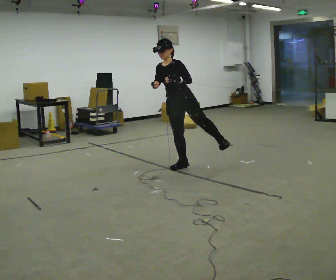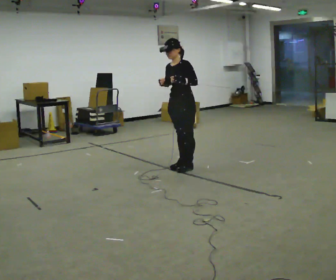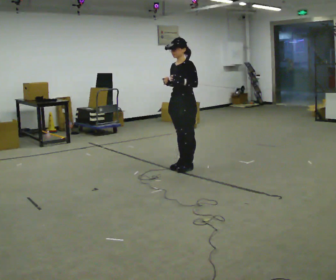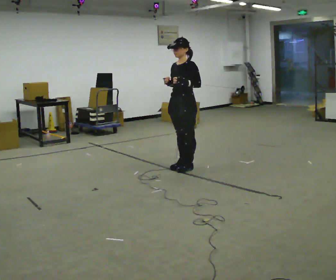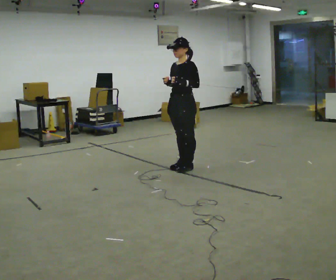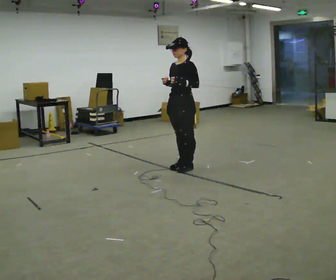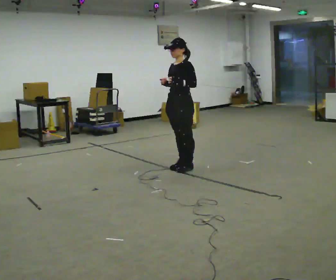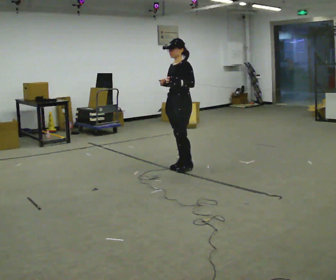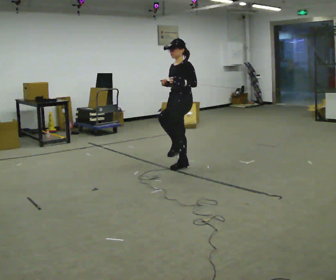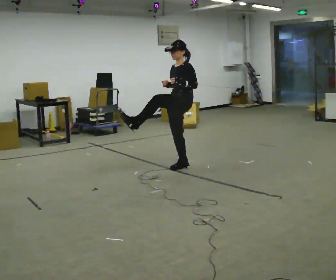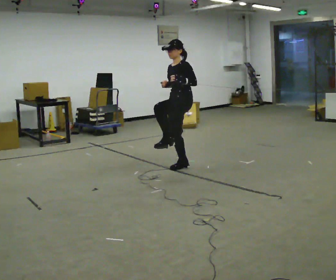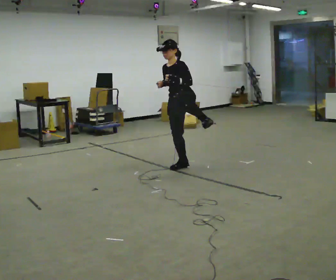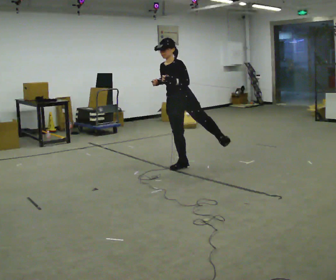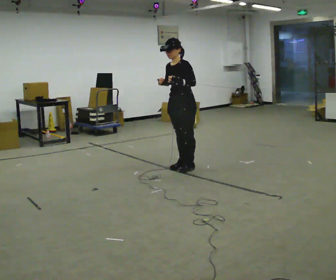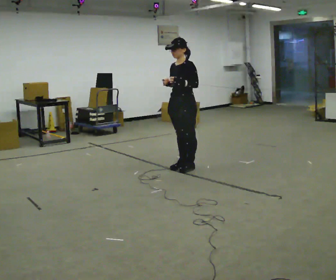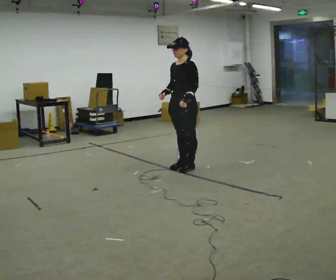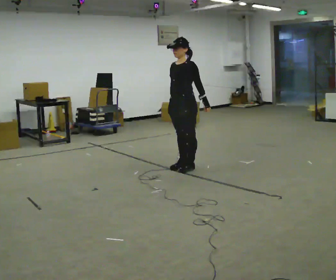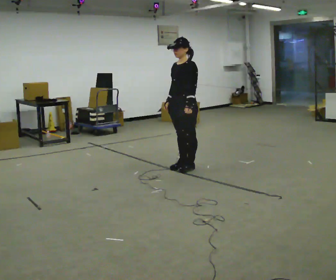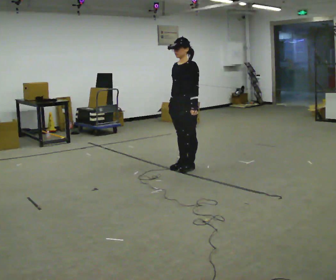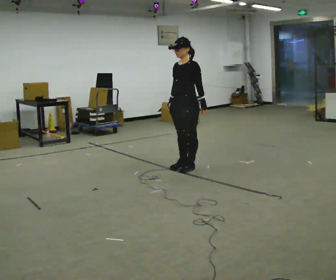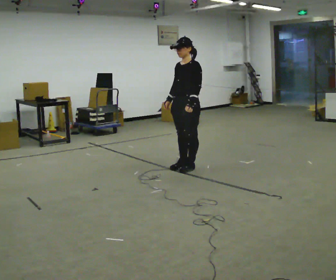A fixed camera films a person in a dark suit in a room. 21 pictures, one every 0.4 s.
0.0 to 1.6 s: In the picture the upper body tilts clockwise, shoulders to the right, as they lean back or straighten.
1.6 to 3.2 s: The person moves a little, or ends about where they began.
3.2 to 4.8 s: In the picture the upper body tilts counterclockwise, shoulders to the left.
4.8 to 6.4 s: In the picture the upper body tilts clockwise, shoulders to the right. In the picture their left hand goes to the right.
6.4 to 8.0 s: The person moves a little, or ends about where they began.
The film runs forward here.
